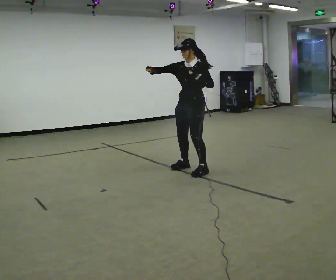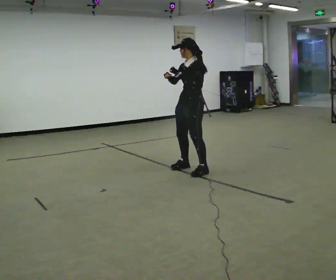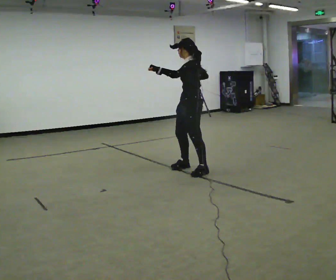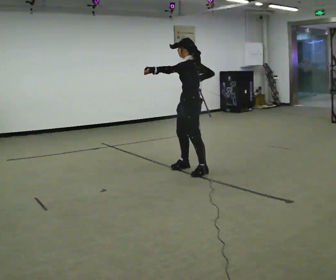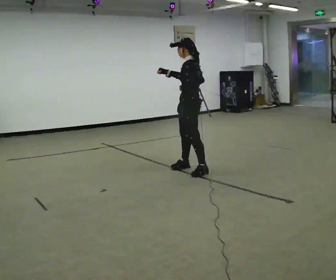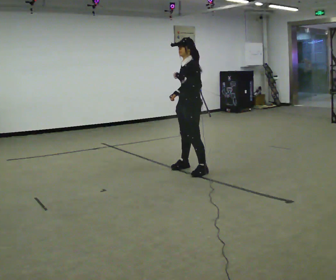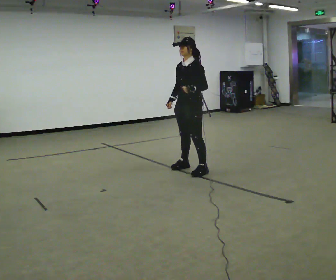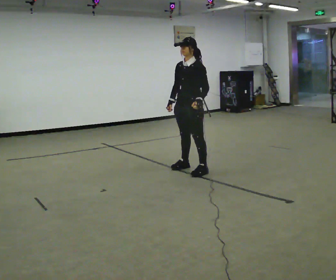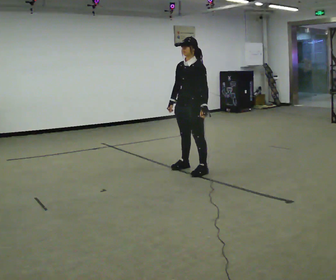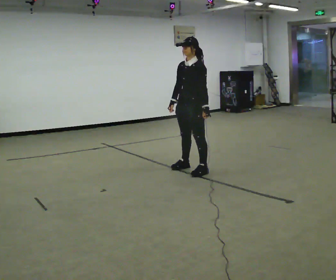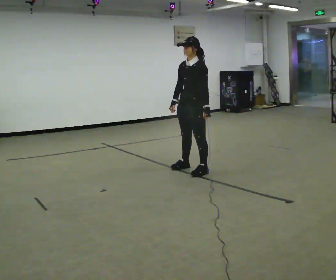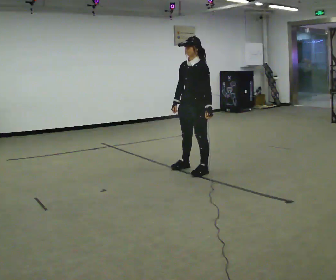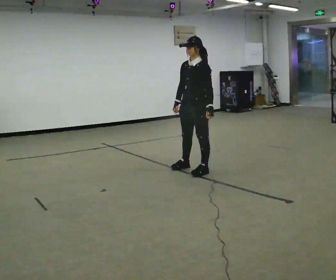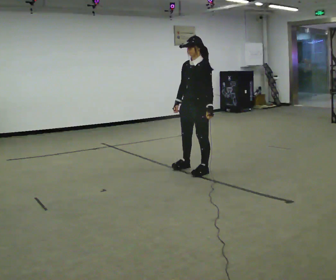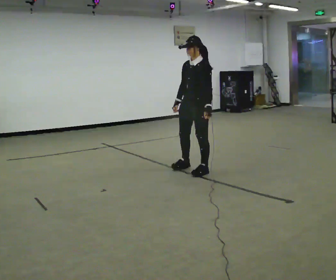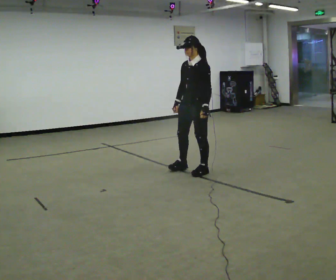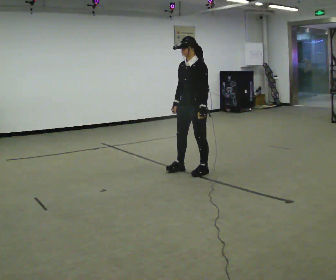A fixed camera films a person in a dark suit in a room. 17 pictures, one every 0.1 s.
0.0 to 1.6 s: In the picture their right hand goes downward.
The film runs backward here.
